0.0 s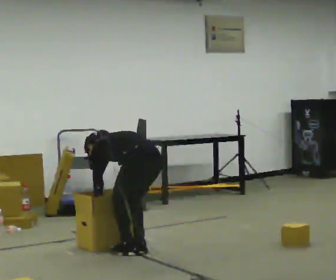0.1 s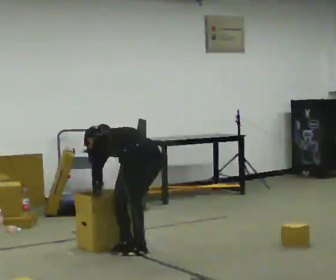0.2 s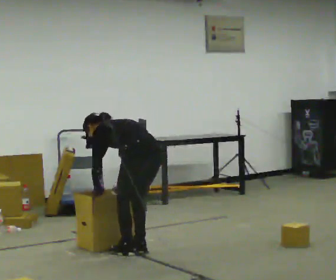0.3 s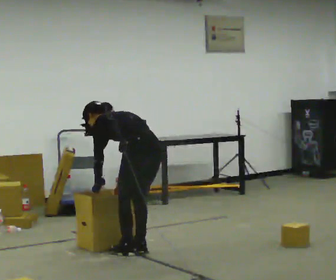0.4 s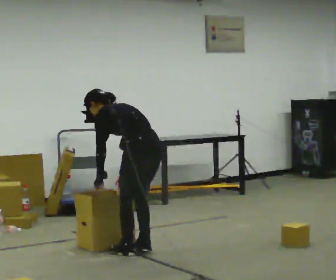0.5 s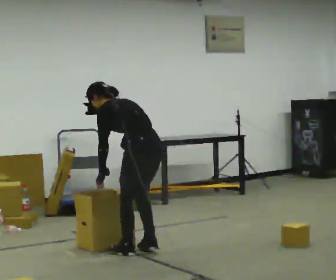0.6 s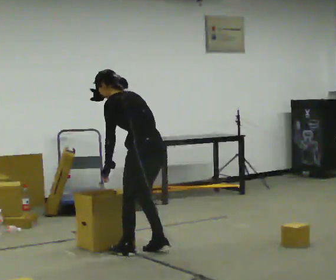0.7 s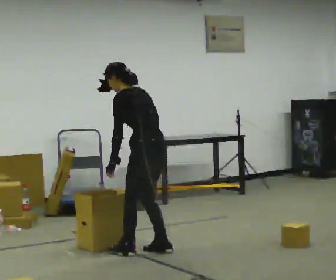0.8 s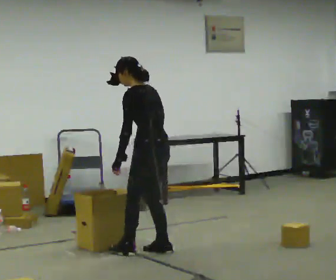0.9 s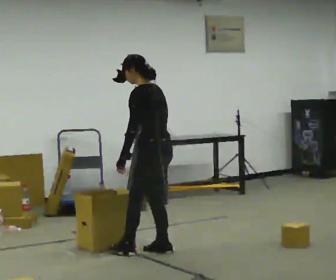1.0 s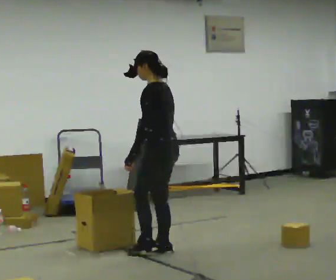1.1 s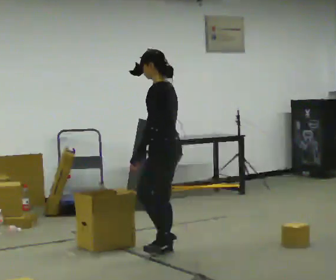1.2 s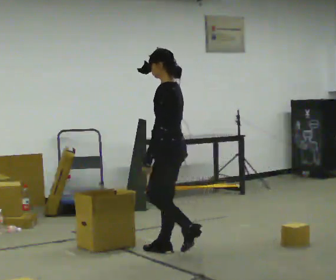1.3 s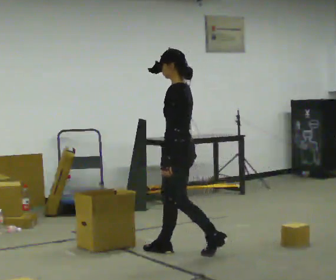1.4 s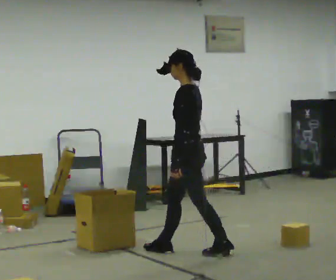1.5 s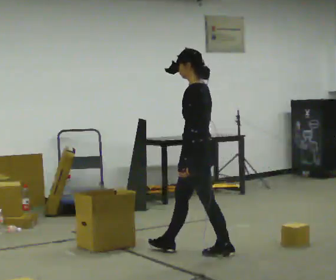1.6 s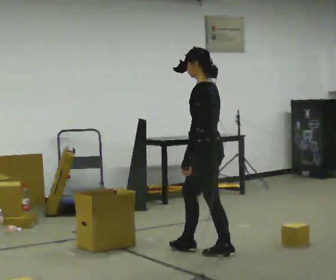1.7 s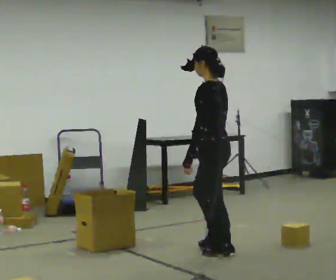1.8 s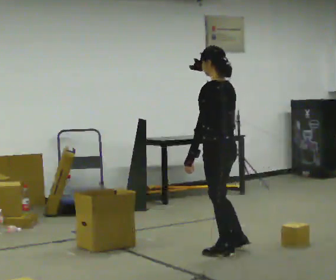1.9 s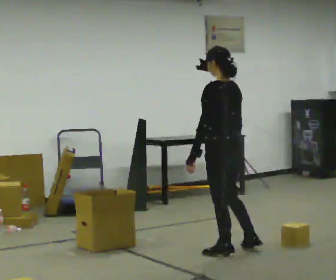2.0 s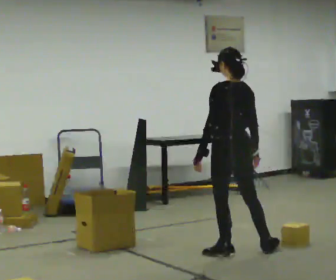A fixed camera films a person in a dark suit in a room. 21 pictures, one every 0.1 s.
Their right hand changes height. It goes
upward.
Their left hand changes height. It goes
upward.
0.0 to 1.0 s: The person turns about 30 degrees to their left, counterclockwise seen from above, so the part of the body nearest the lens slides to the right. In the picture they go to the right, about 0.25 m in 2 steps, which for them is to their right. The shoulders move upward. The upper body tips toward the camera, its near side rolling downward, as they lean back or straighten. In the picture their left hand goes upward.
1.0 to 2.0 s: The person turns about 30 degrees to their right, clockwise seen from above, so the part of the body nearest the lens slides to the left. In the picture they go to the right, about 0.5 m in 1 step, which for them is backward.
The film runs backward here.
